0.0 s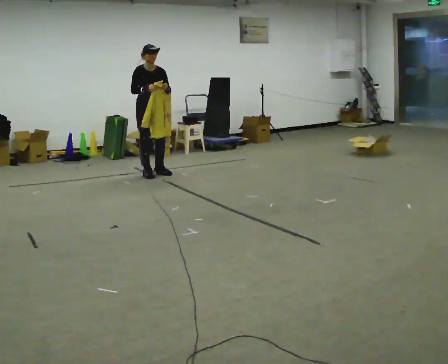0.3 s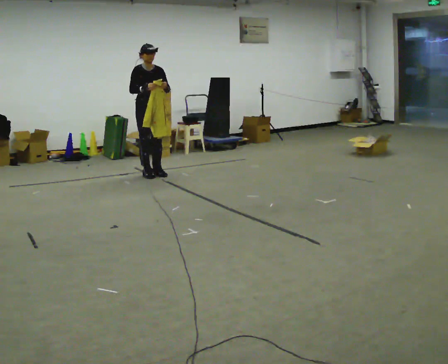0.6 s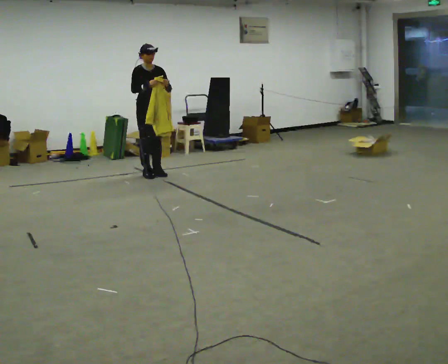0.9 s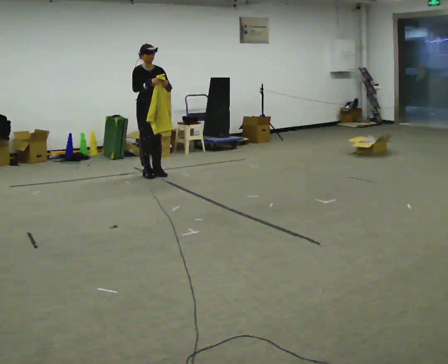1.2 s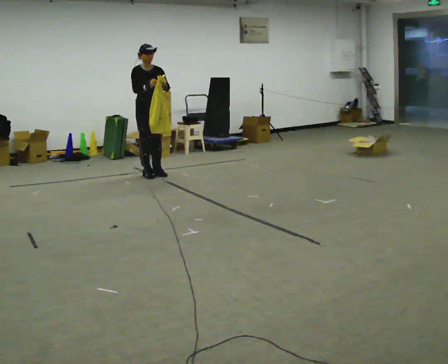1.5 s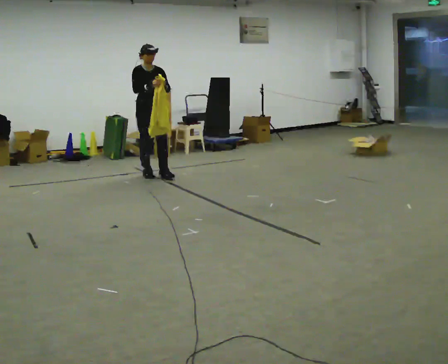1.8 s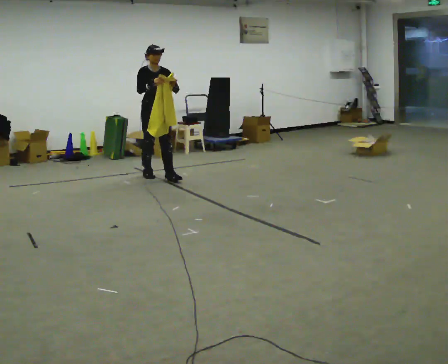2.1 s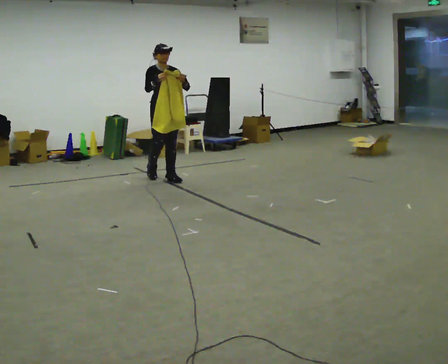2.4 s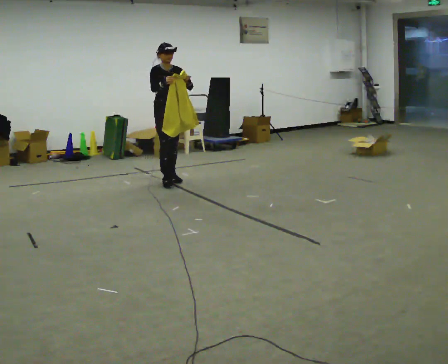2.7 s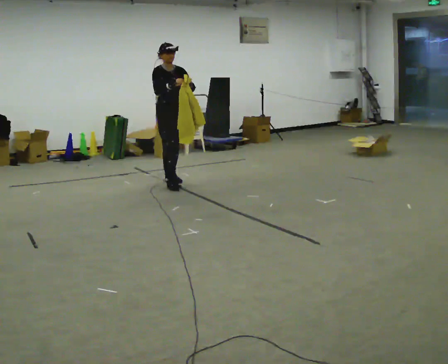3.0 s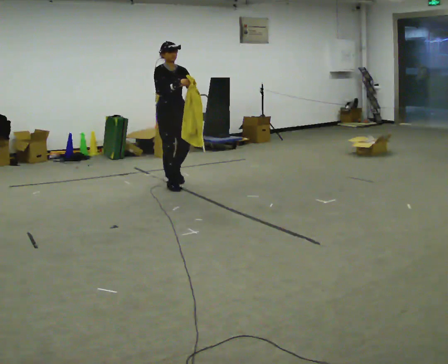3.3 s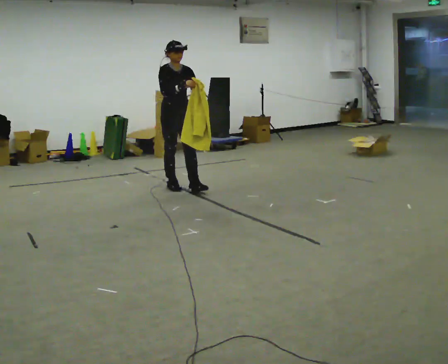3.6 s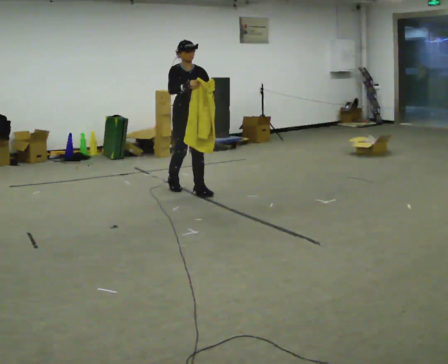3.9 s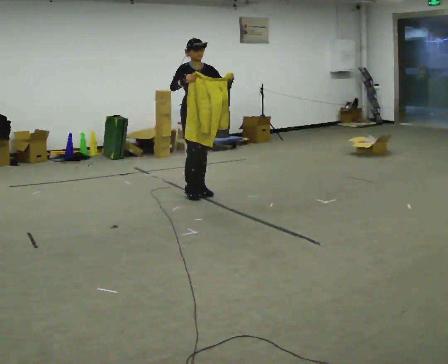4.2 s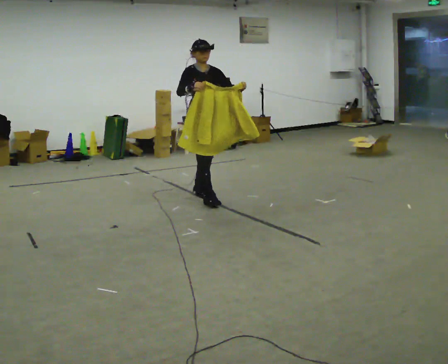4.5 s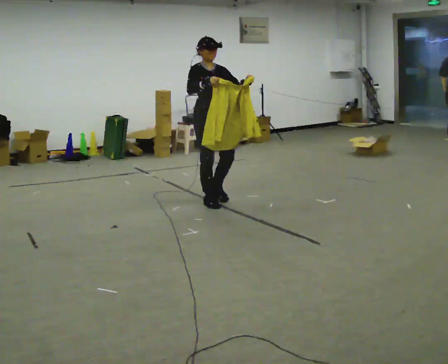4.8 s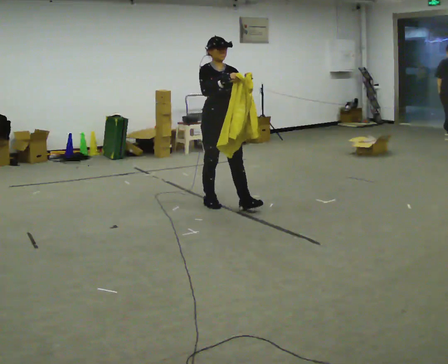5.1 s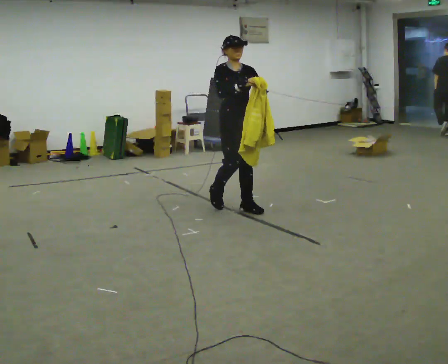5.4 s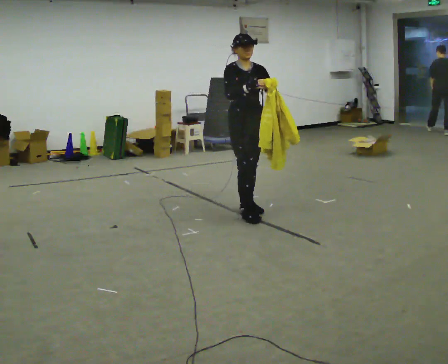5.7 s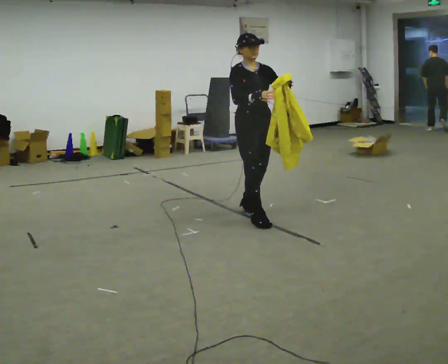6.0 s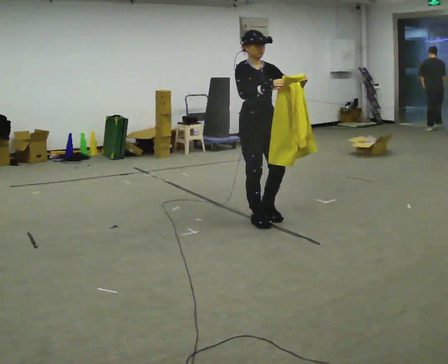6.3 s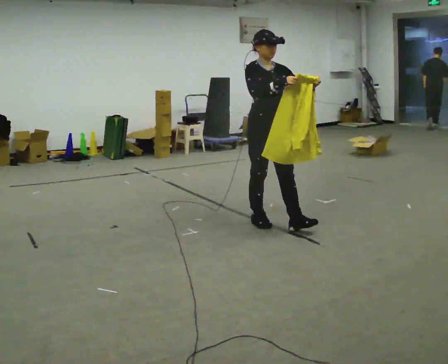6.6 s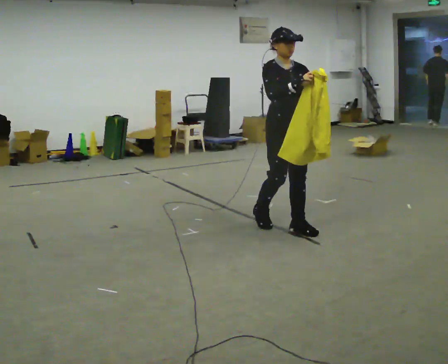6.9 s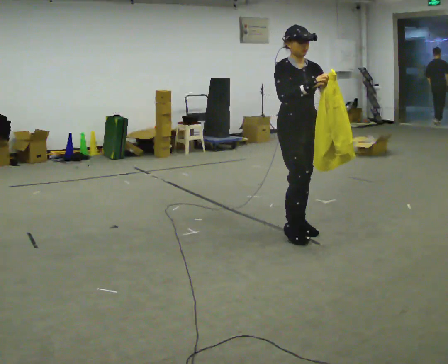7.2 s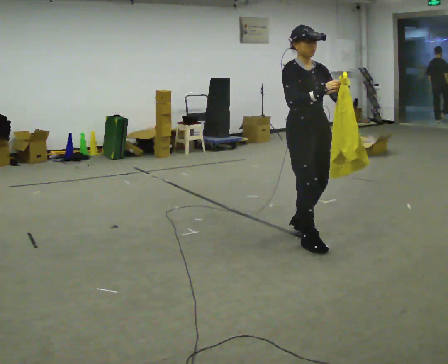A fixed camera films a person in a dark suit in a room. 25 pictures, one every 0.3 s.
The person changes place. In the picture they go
toward the camera.
0.0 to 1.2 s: The person moves a little, or ends about where they began.
1.2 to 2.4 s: In the picture they go toward the camera and to the right, about 0.5 m in 1 step, which for them is forward and to their left.
2.4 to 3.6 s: In the picture they go toward the camera and to the right, about 0.5 m in 2 steps, which for them is forward.
3.6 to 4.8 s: In the picture they go toward the camera and to the right, about 0.75 m in 1 step, which for them is forward.
4.8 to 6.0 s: In the picture they go toward the camera and to the right, about 0.5 m in 2 steps, which for them is forward.
6.0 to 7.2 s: In the picture they go toward the camera and to the right, about 0.5 m in 2 steps, which for them is forward.
The film runs forward here.
